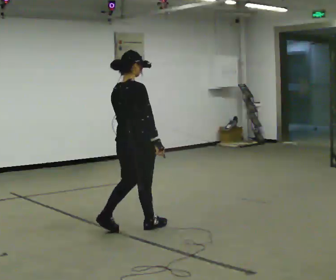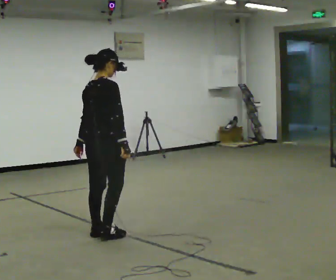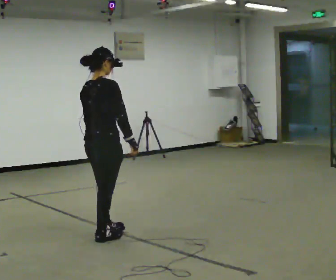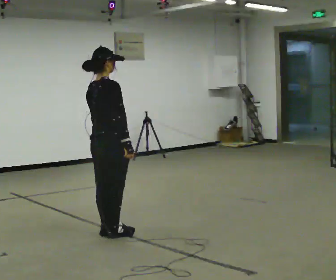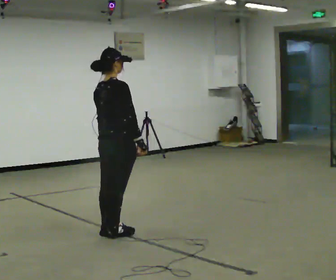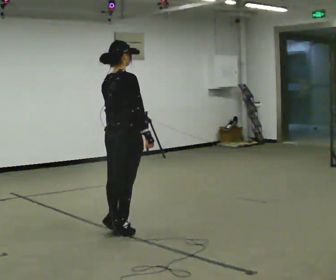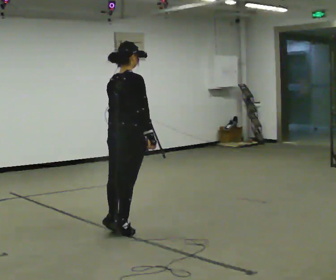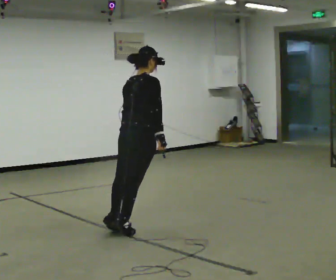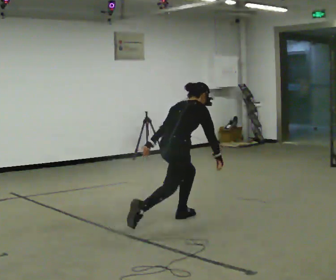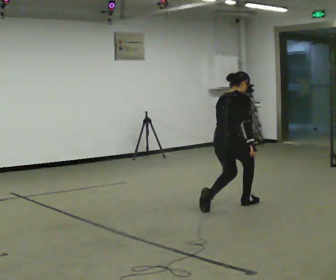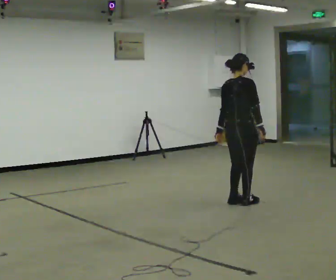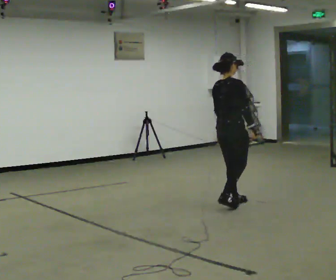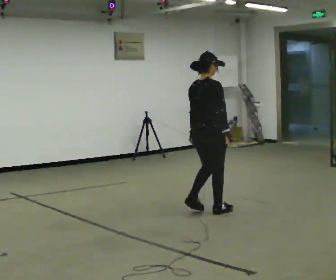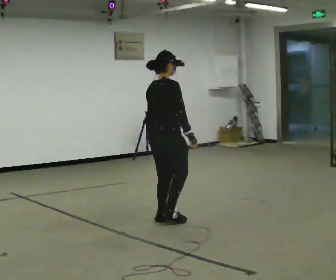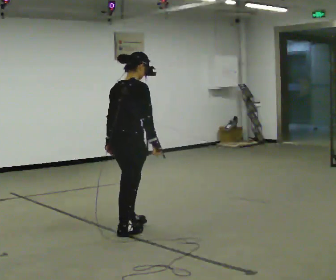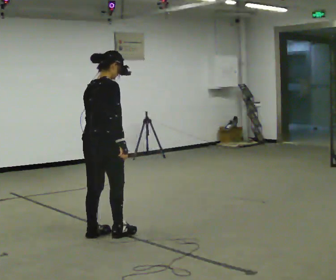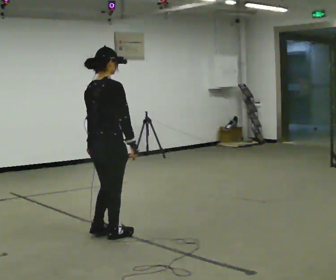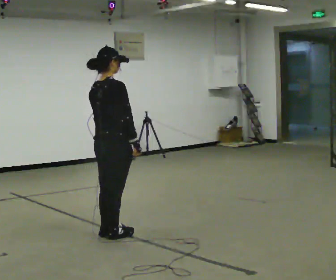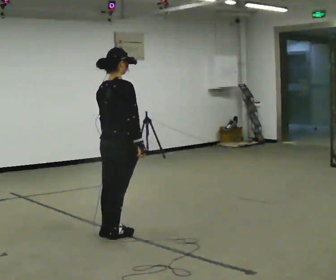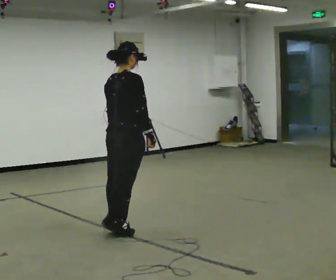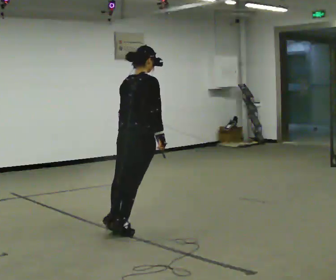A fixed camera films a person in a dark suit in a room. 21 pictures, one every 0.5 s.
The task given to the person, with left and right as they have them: Stand on the marked spots and rise up onto your toes. Stay up until you start to topple forward, then step to catch yourself. Repeat at your own pace until the operator says stop. Go slowly and only as far as you are comfortable. Step whenever you need to; do not try to hold on longer than feels safe.
0.0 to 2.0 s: The person moves a little, or ends about where they began.
2.0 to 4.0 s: In the picture they go away from the camera and to the right, about 0.5 m in 1 step, which for them is forward. The upper body tips away from the camera, its near side rolling upward, as they bend forward.
4.0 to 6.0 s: In the picture they go to the right and away from the camera, about 0.25 m in 3 steps, which for them is forward. The shoulders move upward. The upper body tips toward the camera, its near side rolling downward, as they lean back or straighten.
6.0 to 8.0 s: In the picture they go toward the camera and to the left, about 1 m in 3 steps, which for them is backward.
8.0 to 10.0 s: In the picture they go away from the camera and to the right, about 0.25 m, which for them is forward.
The film runs forward here.
